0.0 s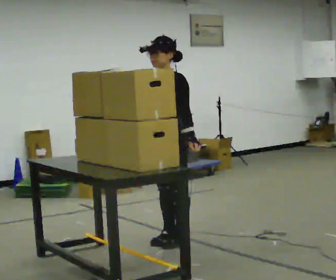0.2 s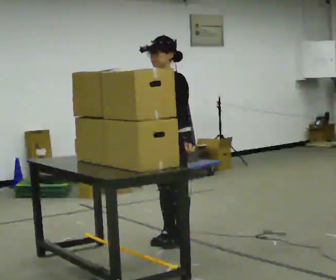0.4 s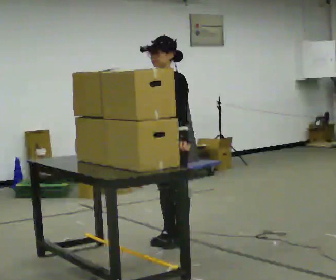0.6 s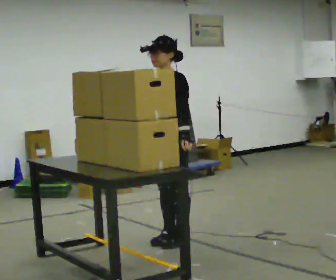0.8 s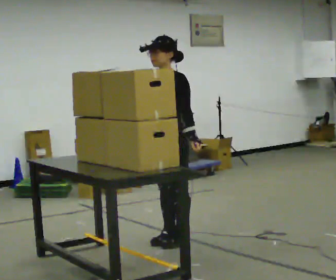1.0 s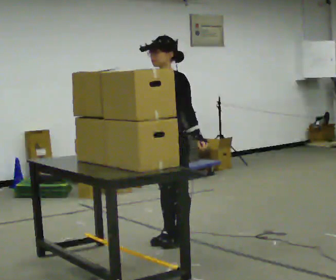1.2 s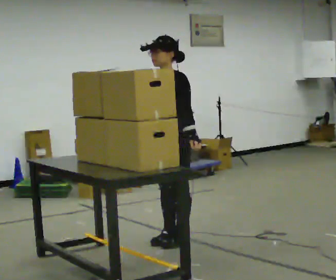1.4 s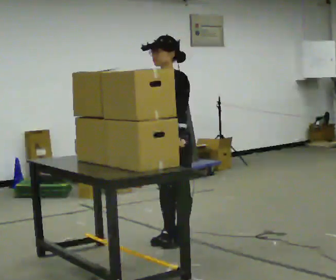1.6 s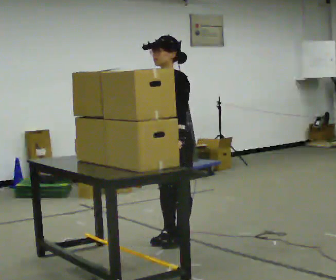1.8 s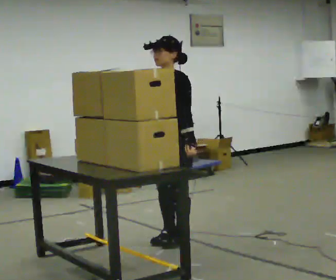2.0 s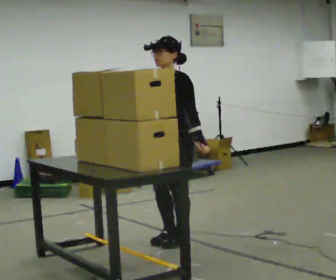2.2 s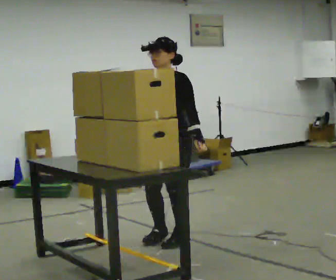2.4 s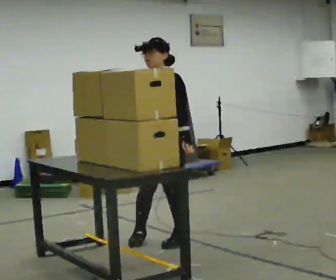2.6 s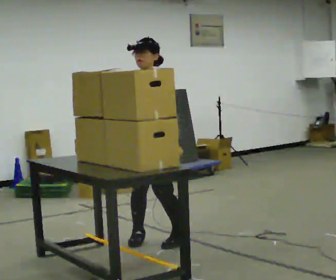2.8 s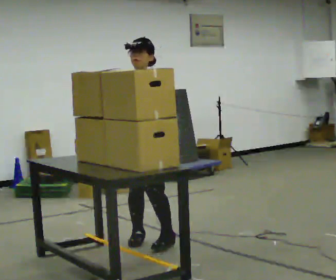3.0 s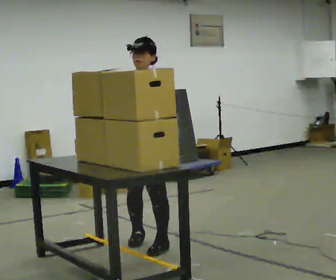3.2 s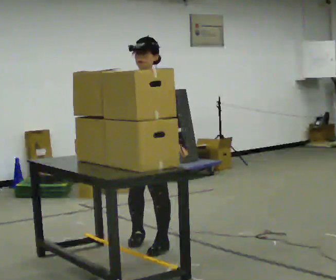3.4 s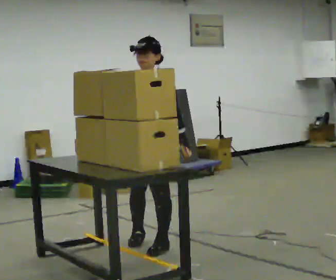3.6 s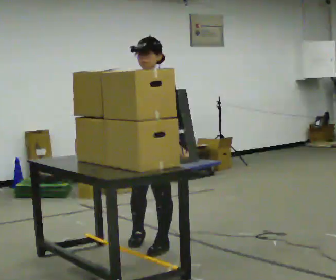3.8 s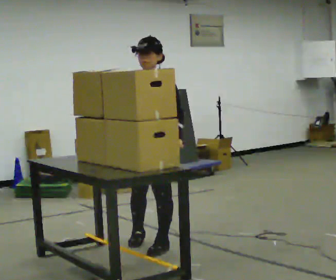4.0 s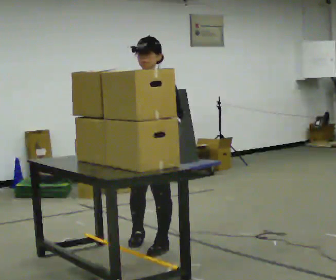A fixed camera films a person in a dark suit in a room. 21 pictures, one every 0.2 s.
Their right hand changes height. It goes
upward.
0.0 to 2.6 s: The person moves a little, or ends about where they began.
2.6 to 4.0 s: In the picture their right hand goes upward, the arm swinging clockwise.
The film runs backward here.
